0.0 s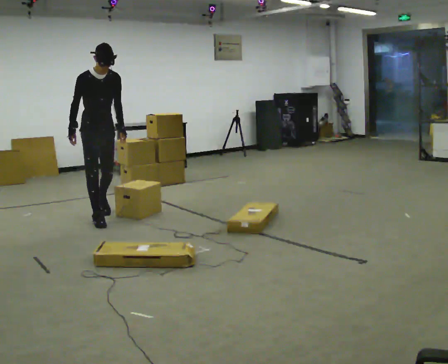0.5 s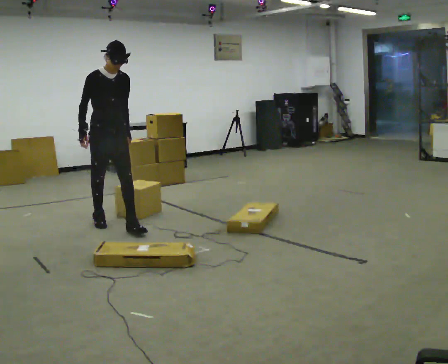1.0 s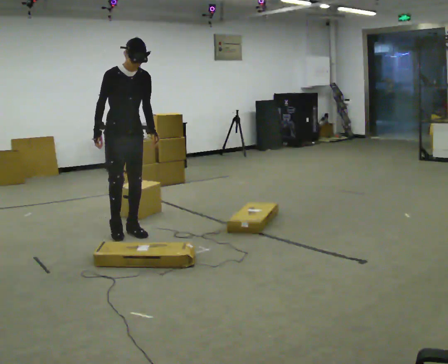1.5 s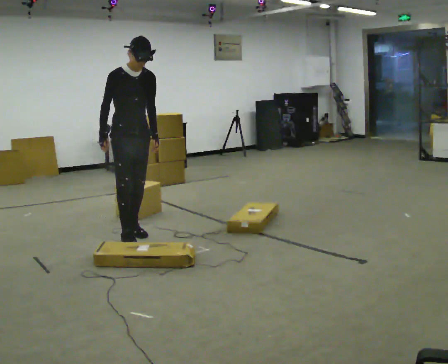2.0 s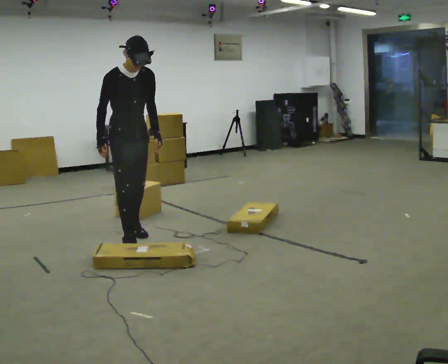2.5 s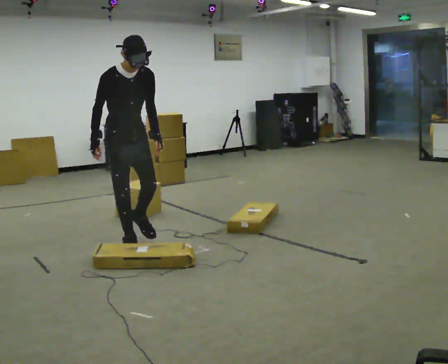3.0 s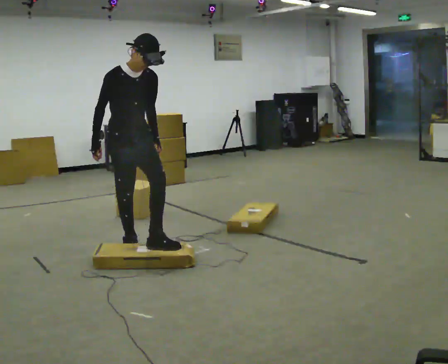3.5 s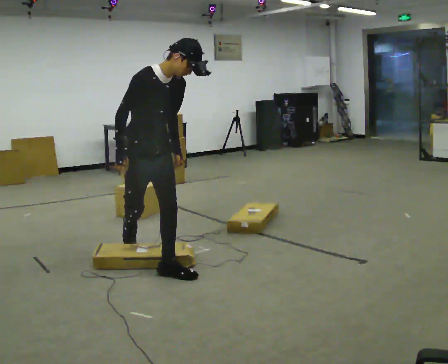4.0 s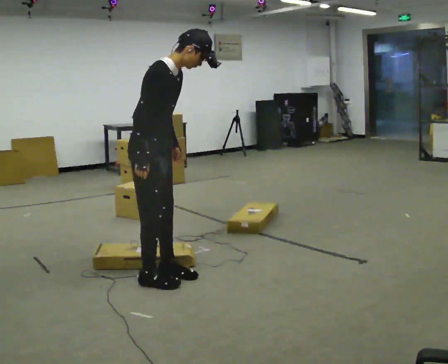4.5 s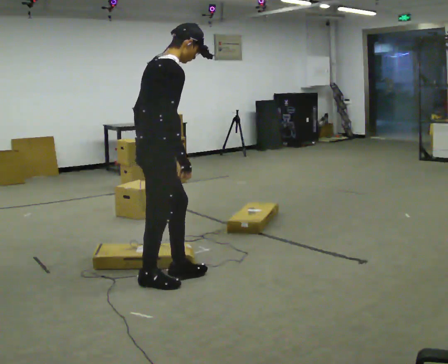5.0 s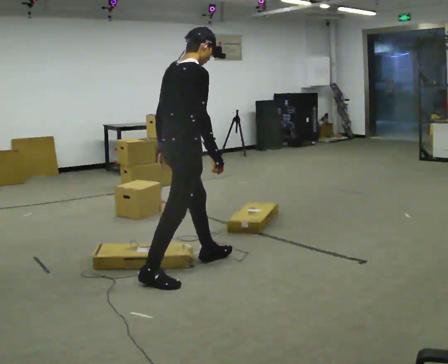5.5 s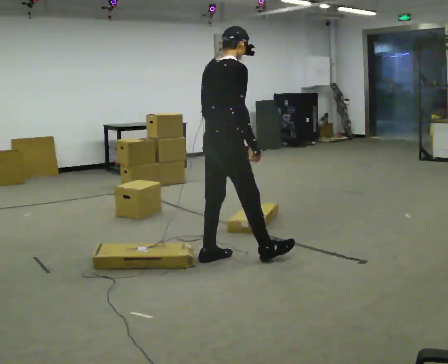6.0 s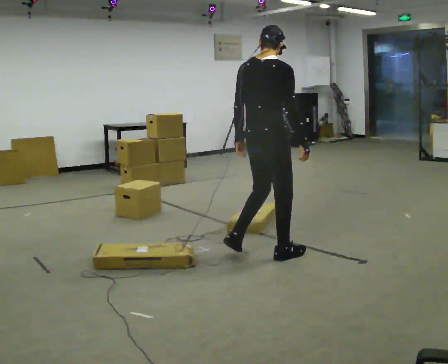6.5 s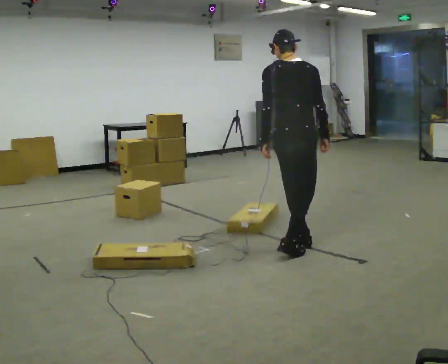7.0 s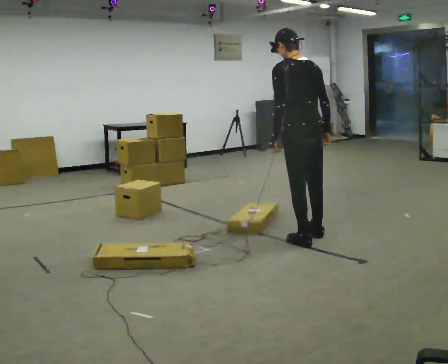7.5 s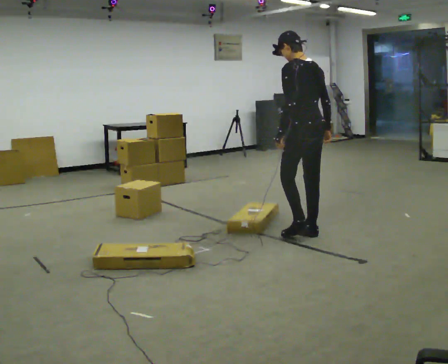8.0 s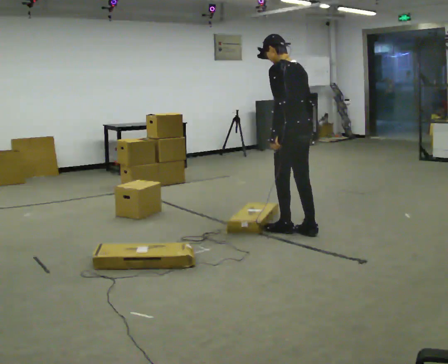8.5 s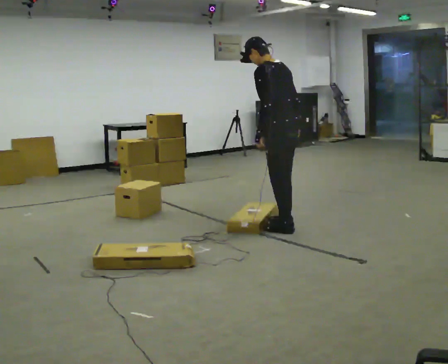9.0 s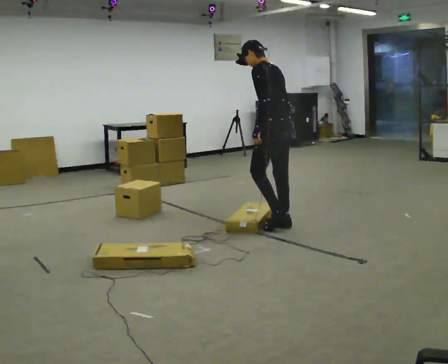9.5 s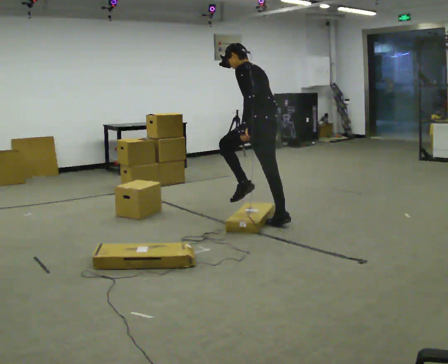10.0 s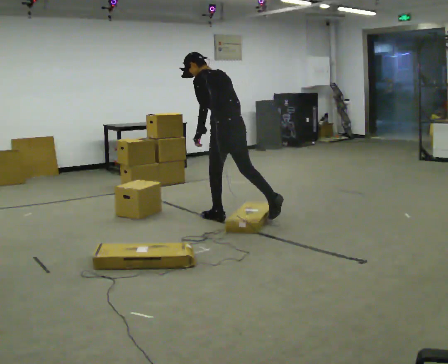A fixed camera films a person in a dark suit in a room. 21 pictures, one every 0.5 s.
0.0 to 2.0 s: In the picture they go toward the camera and to the right, about 1 m in 2 steps, which for them is forward.
2.0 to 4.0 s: Seen from above the body turns counterclockwise, about 30 degrees: to their left, with its near side sliding to the right. In the picture they go toward the camera, about 1 m in 1 step, which for them is forward. In the picture the upper body tilts clockwise, shoulders to the right.
4.0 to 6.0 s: The part of the body nearest the lens slides to the right as the person turns to their left by about 60 degrees. In the picture they go to the right, about 1 m in 3 steps.
6.0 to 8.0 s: The person turns about 90 degrees to their left, counterclockwise seen from above, so the part of the body nearest the lens slides to the right. In the picture they go away from the camera and to the right, about 0.75 m in 3 steps. In the picture the upper body tilts counterclockwise, shoulders to the left.
8.0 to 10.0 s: In the picture they go away from the camera and to the left, about 0.5 m in 2 steps, which for them is forward. In the picture the upper body tilts counterclockwise, shoulders to the left, as they bend forward.
The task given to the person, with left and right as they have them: Walk back and forth across the room at a normal pace, looking ahead. There may be something on the floor. Recover however comes naturally and carry on.
The film runs forward here.
